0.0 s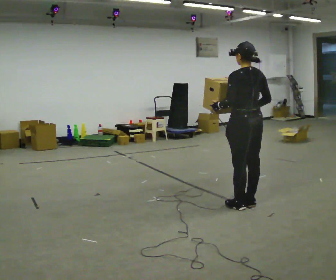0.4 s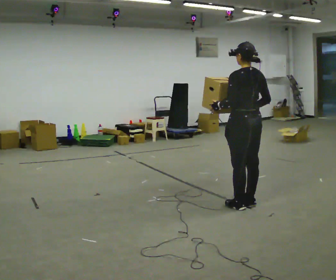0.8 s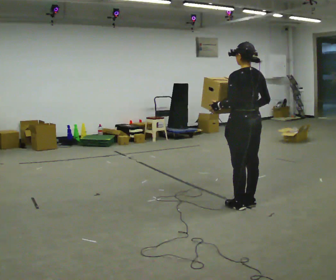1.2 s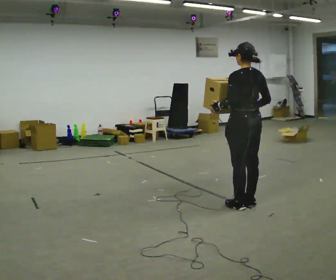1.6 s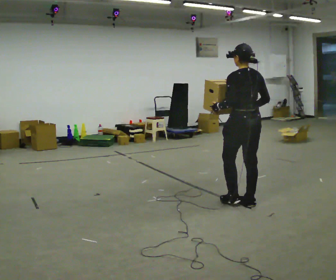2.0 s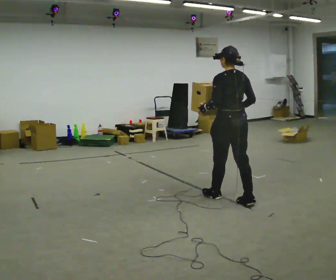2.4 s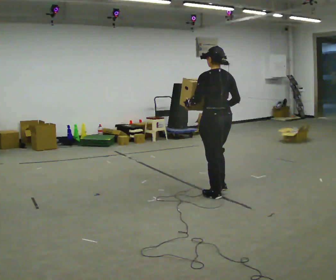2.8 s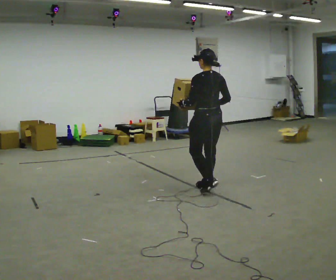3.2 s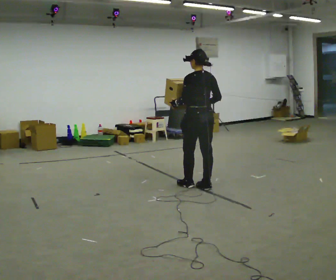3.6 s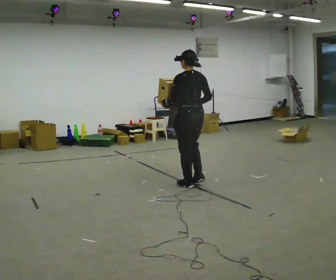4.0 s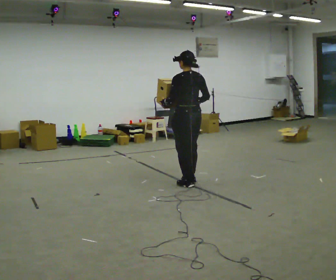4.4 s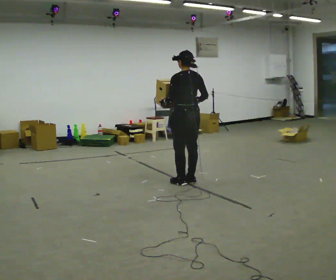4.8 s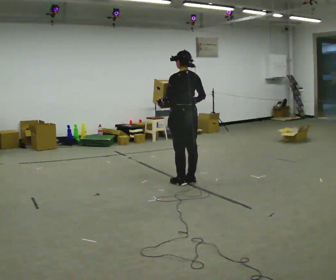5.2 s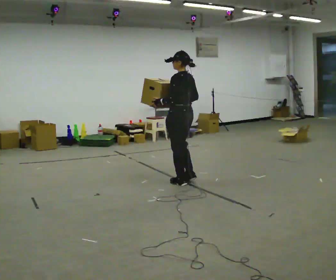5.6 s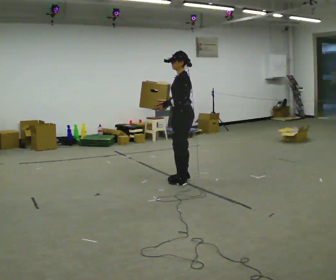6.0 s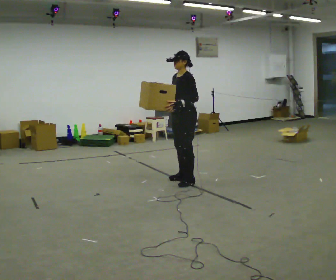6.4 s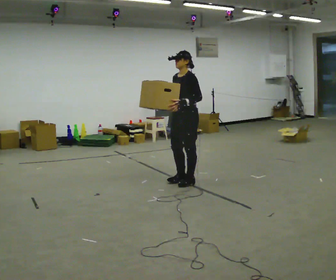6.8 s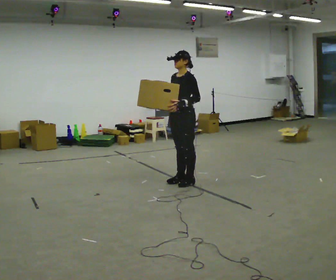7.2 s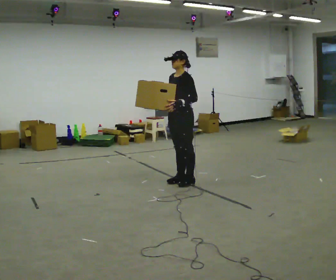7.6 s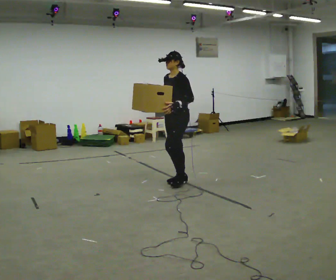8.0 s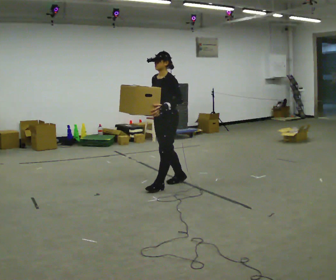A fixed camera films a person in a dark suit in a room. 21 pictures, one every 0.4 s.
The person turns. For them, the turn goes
to their left.
The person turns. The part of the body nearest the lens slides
to the right.
0.0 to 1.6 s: The person moves a little, or ends about where they began.
1.6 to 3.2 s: In the picture they go away from the camera and to the left, about 1 m in 3 steps, which for them is forward.
3.2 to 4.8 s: In the picture they go away from the camera and to the left, about 0.25 m in 1 step, which for them is forward.
4.8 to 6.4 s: The person turns about 90 degrees to their left, counterclockwise seen from above, so the part of the body nearest the lens slides to the right. In the picture their right hand goes to the left.
6.4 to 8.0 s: In the picture they go to the left, about 0.25 m in 1 step, which for them is forward.
The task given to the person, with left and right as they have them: Carry the box along the marked route, turning 90 degrees at the corner the operator calls, and set it down at the end. Keep going until the operator says stop; one object at a time, and do not rush between trips.
The film runs forward here.
